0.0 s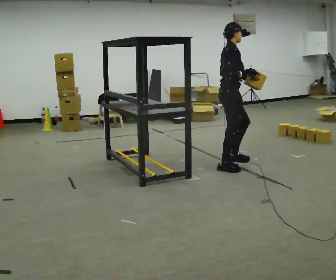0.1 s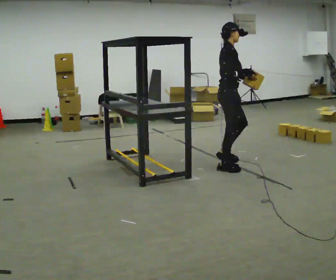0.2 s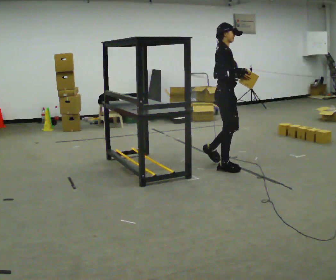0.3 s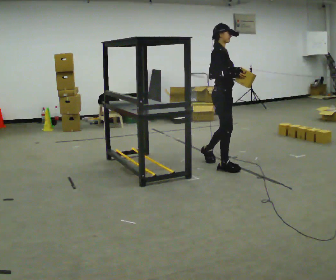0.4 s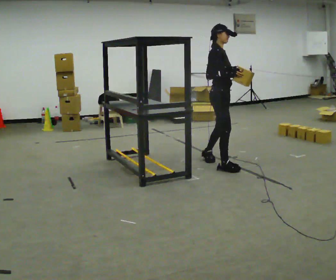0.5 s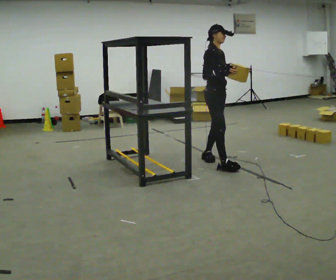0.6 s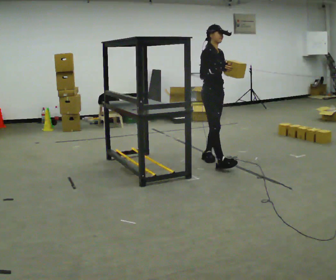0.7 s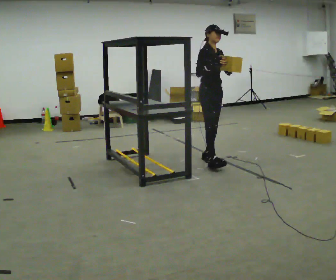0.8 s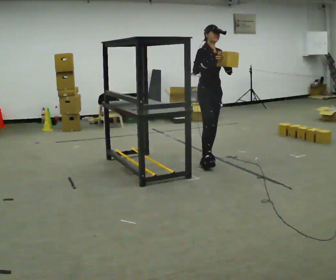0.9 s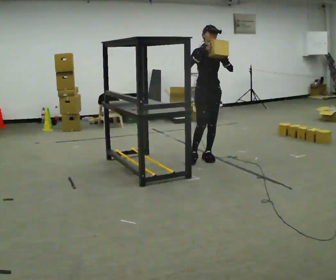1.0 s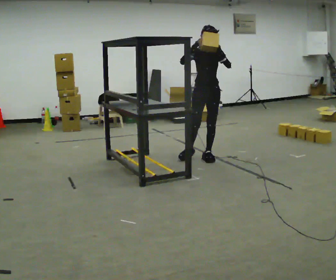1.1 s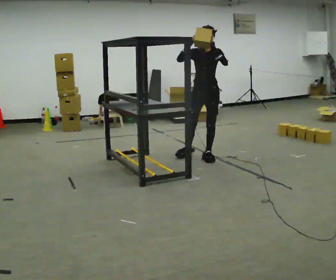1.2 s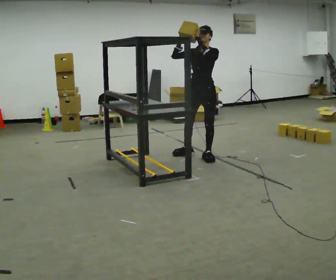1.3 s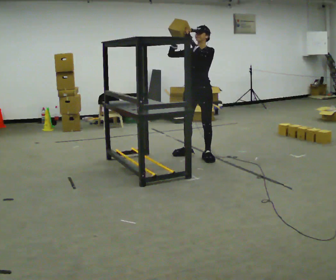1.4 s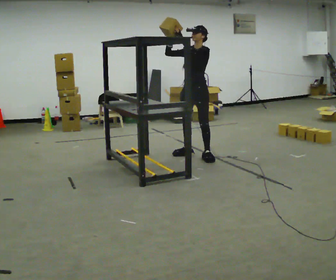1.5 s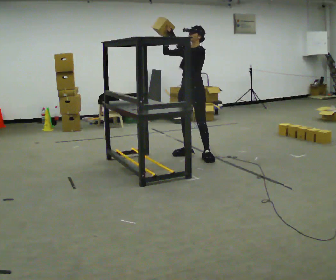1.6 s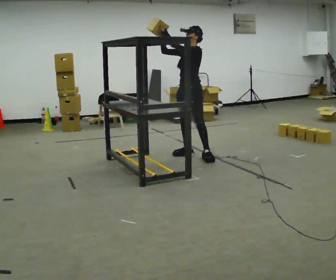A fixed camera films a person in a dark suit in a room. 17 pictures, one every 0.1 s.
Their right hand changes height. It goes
upward.
The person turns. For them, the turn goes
to their right.
0.0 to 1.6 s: The person turns about 135 degrees to their right, clockwise seen from above, so the part of the body nearest the lens slides to the left. In the picture they go away from the camera and to the left, about 0.75 m in 1 step. In the picture their right hand goes upward.
The film runs backward here.
